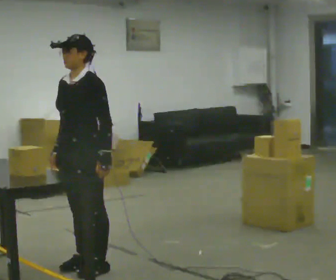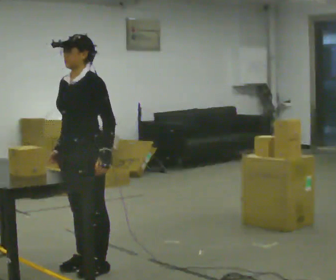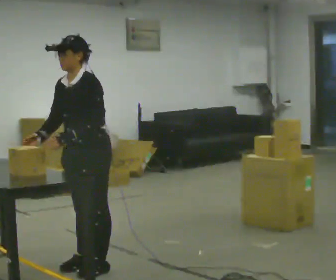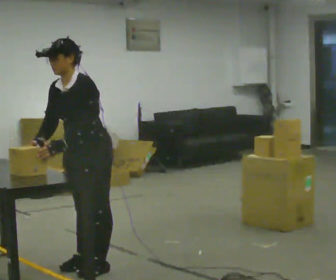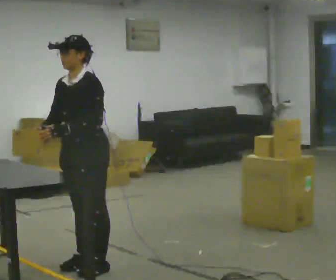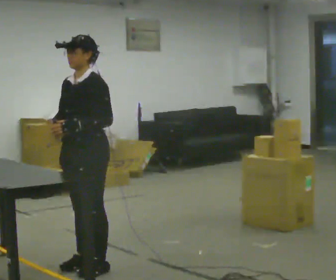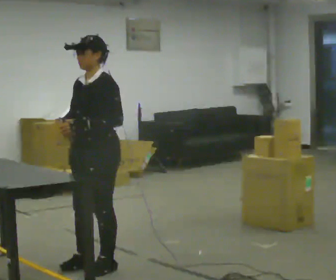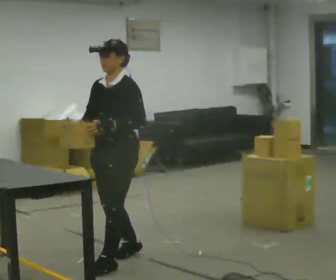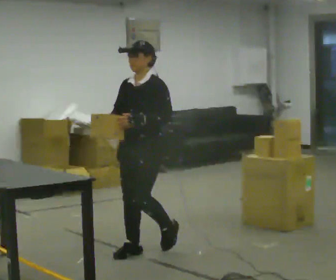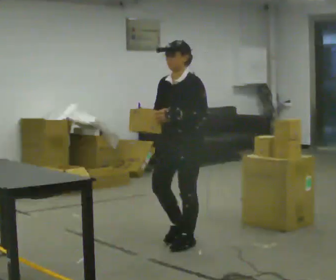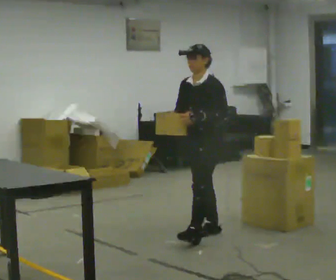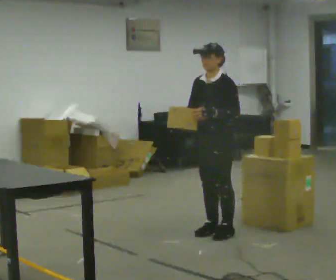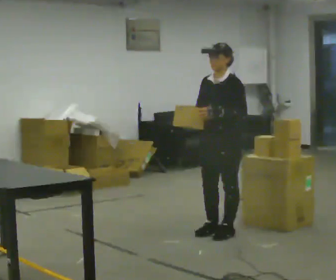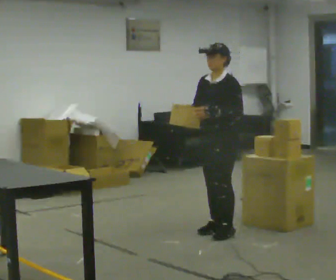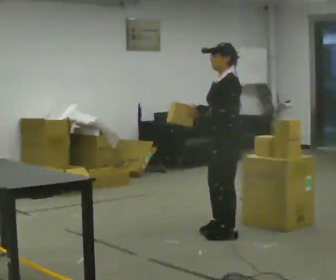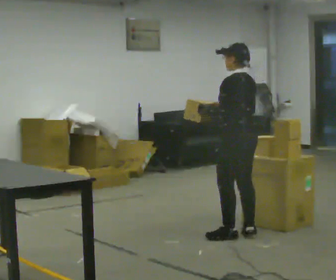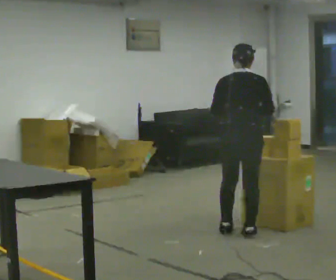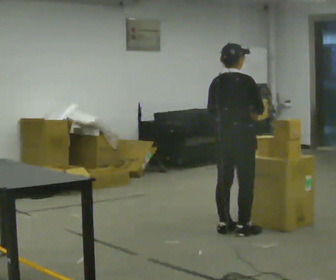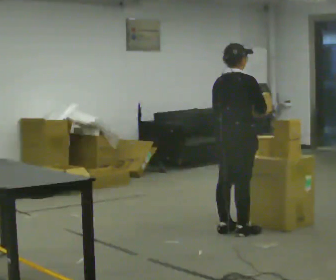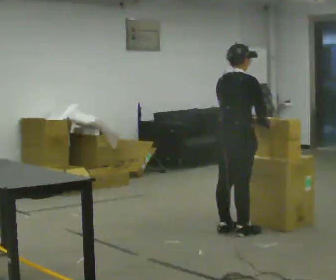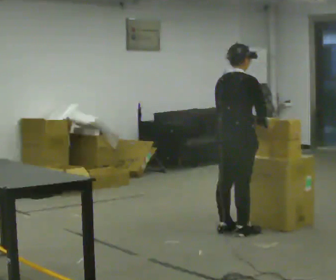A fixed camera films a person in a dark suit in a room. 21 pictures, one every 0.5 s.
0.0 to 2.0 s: The person moves a little, or ends about where they began.
2.0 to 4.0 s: In the picture they go away from the camera and to the right, about 0.5 m in 2 steps, which for them is backward.
4.0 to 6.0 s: In the picture they go away from the camera and to the right, about 1 m in 2 steps, which for them is backward.
6.0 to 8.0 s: The person turns about 135 degrees to their right, clockwise seen from above, so the part of the body nearest the lens slides to the left. In the picture they go to the right, about 0.25 m in 2 steps.
8.0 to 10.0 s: The person turns about 45 degrees to their right, clockwise seen from above, so the part of the body nearest the lens slides to the left.
The film runs backward here.
